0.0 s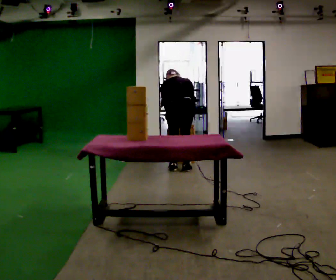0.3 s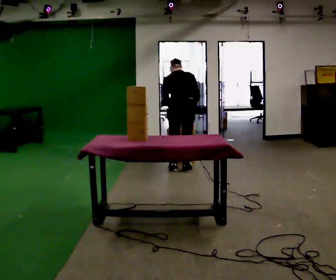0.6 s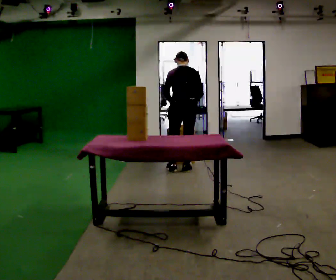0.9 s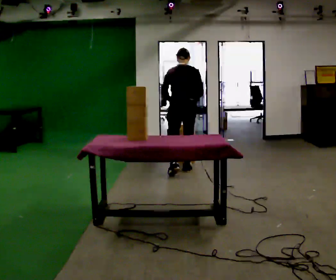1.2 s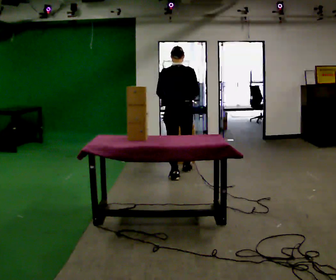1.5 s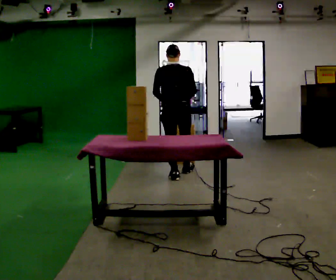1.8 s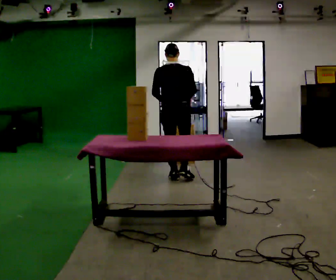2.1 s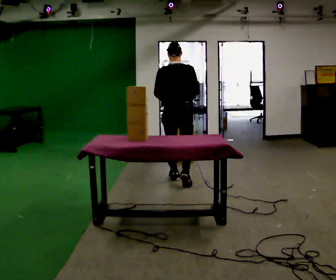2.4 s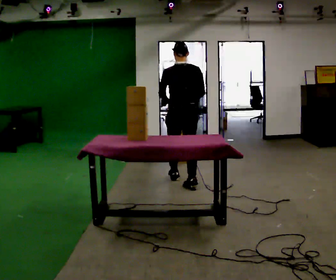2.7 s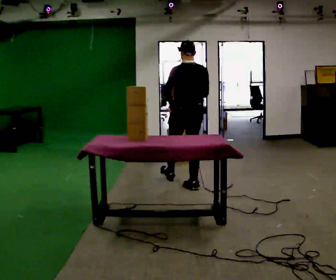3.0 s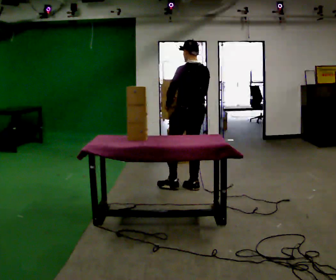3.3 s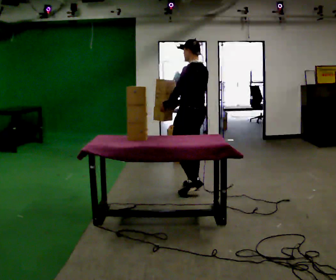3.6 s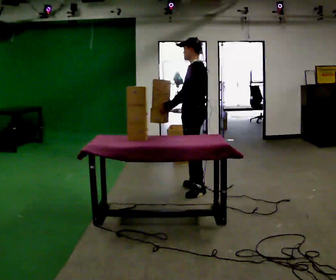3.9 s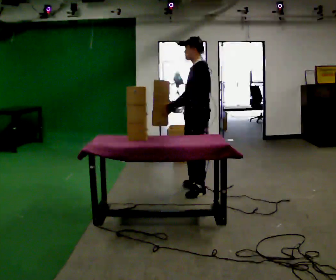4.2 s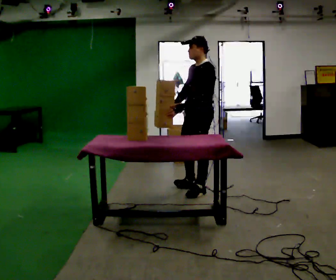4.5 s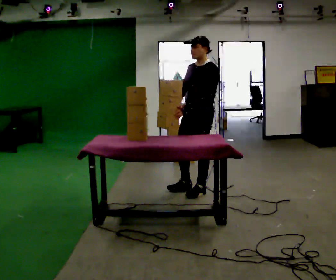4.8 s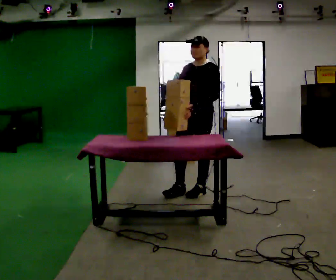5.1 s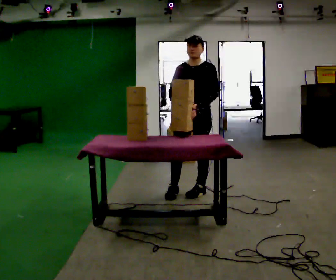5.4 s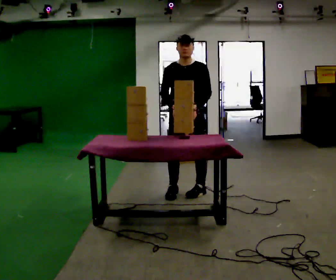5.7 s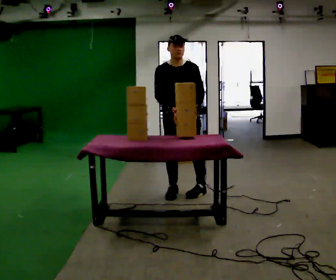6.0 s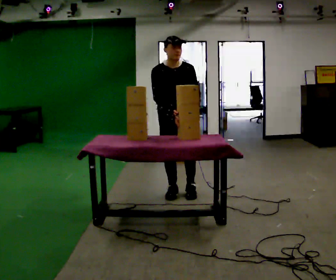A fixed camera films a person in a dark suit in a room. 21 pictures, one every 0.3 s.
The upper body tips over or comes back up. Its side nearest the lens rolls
downward.
The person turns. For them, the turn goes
to their left.
0.0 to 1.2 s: In the picture they go toward the camera, about 0.25 m in 1 step, which for them is backward. The shoulders move upward. The upper body tips toward the camera, its near side rolling downward, as they lean back or straighten.
1.2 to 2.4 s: In the picture they go toward the camera, about 0.5 m in 1 step, which for them is backward.
2.4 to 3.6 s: The part of the body nearest the lens slides to the right as the person turns to their left by about 75 degrees. In the picture they go toward the camera, about 0.25 m in 1 step.
3.6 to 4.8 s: The person turns about 60 degrees to their left, counterclockwise seen from above, so the part of the body nearest the lens slides to the right. In the picture their left hand goes to the right.
4.8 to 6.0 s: Seen from above the body turns counterclockwise, about 60 degrees: to their left, with its near side sliding to the right. In the picture they go to the left, about 0.25 m in 1 step, which for them is to their right. The upper body tips toward the camera, its near side rolling downward, as they bend forward.
The film runs backward here.
